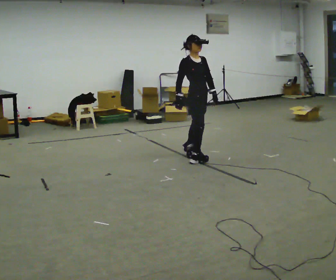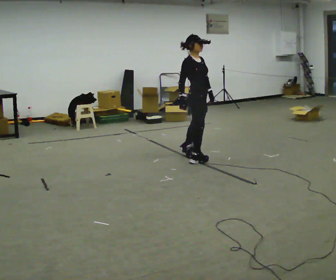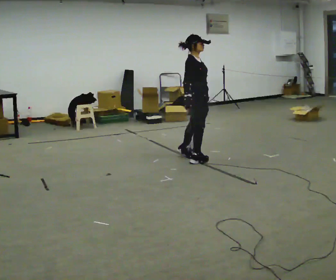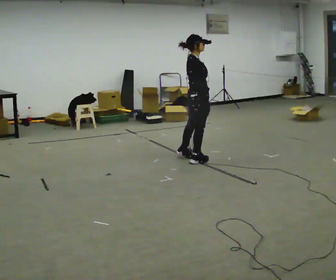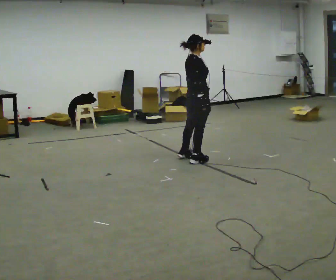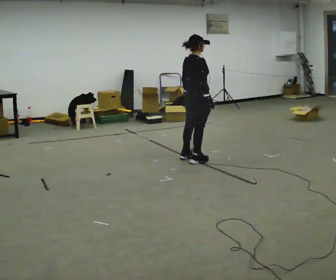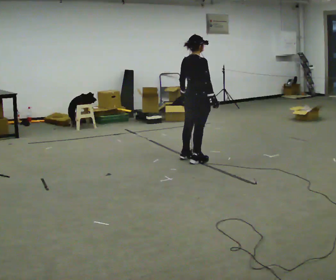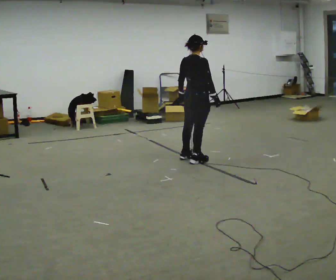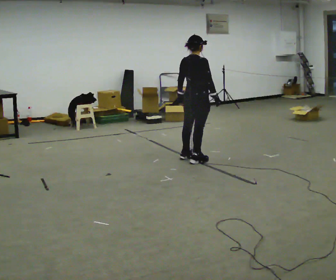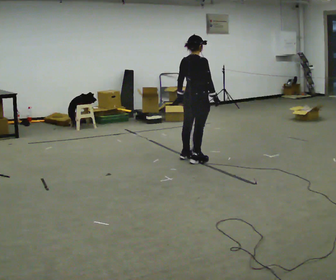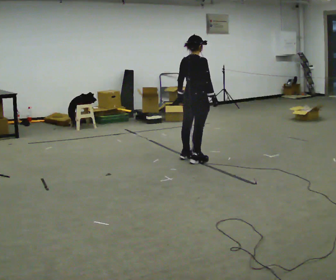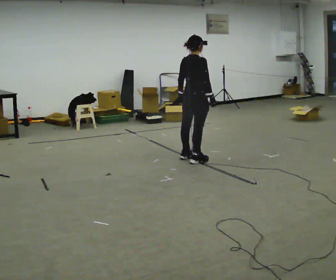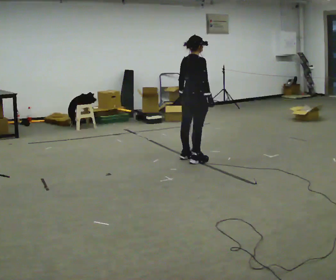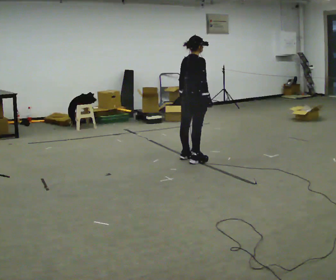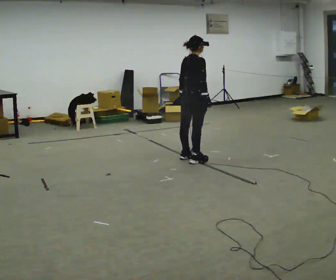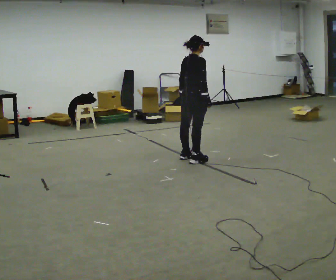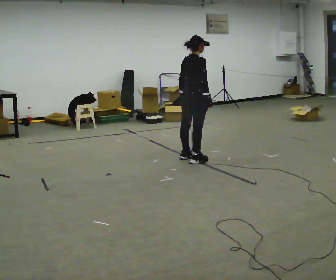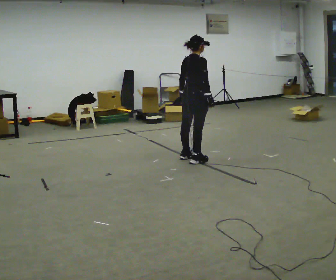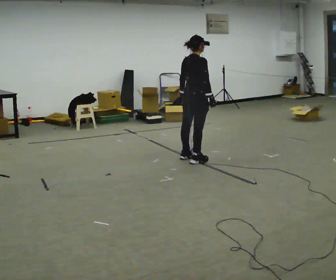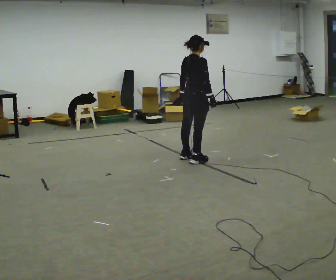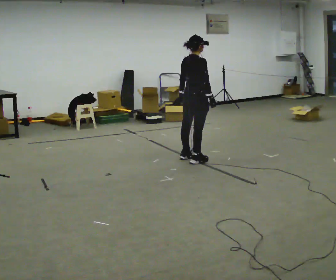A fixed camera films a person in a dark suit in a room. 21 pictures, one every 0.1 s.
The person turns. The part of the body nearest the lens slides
to the right.
The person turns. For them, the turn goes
to their left.
0.0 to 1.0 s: Seen from above the body turns counterclockwise, about 75 degrees: to their left, with its near side sliding to the right. In the picture their left hand goes to the left, the arm swinging clockwise.
1.0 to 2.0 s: The person moves a little, or ends about where they began.
The film runs forward here.
